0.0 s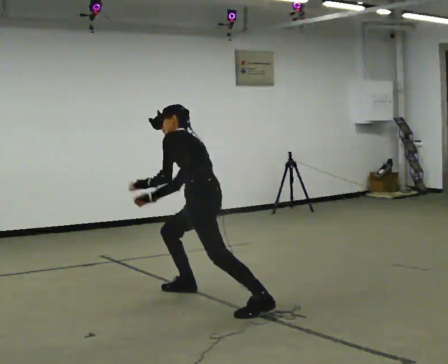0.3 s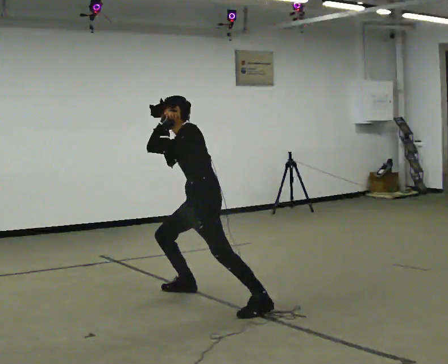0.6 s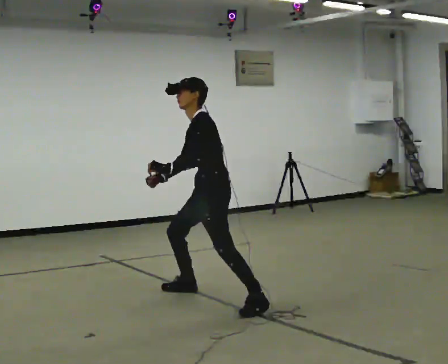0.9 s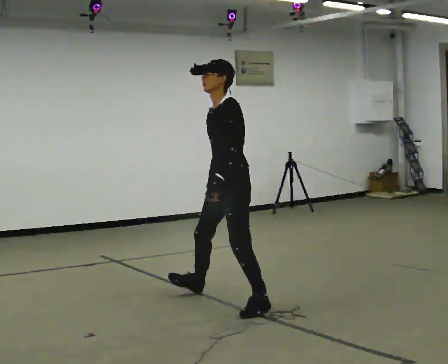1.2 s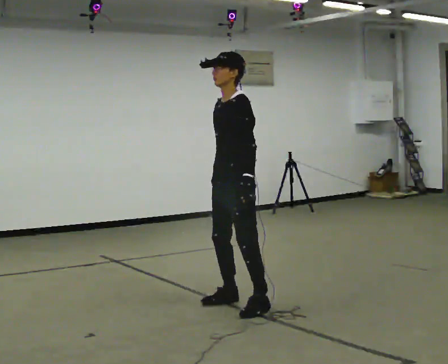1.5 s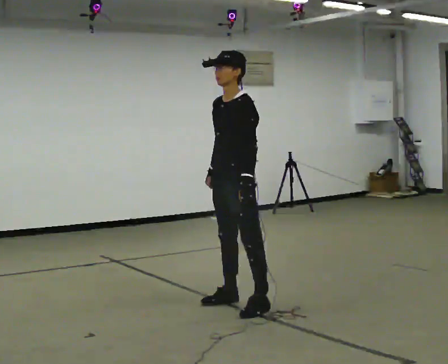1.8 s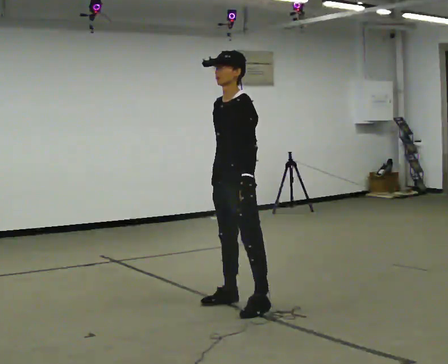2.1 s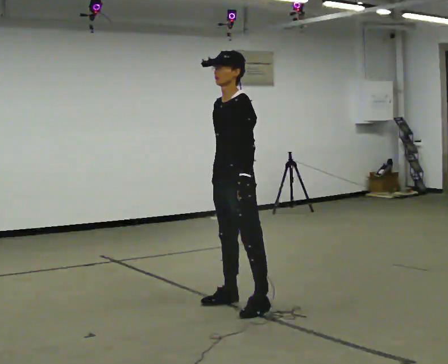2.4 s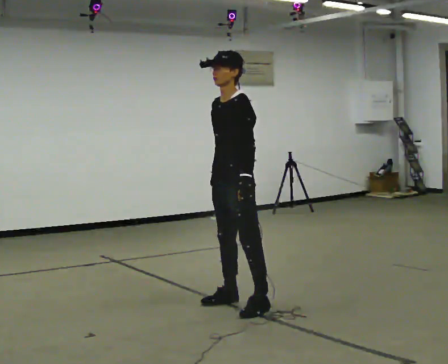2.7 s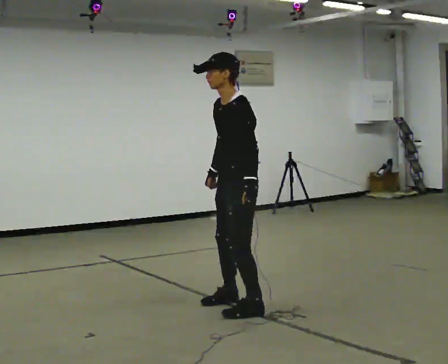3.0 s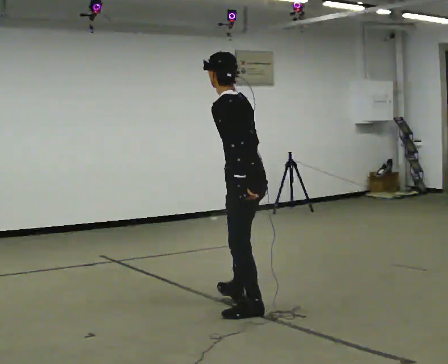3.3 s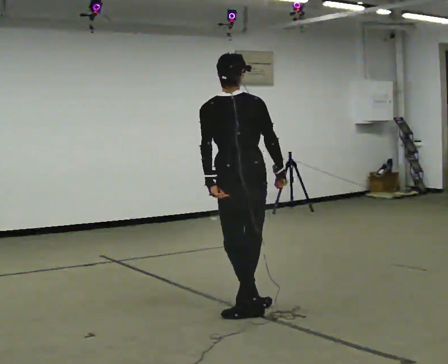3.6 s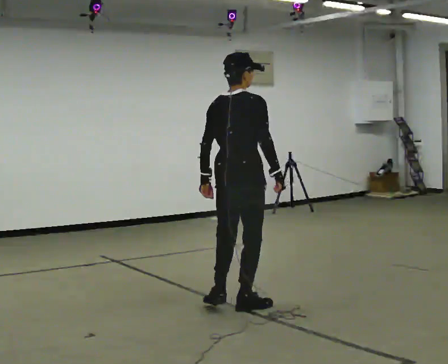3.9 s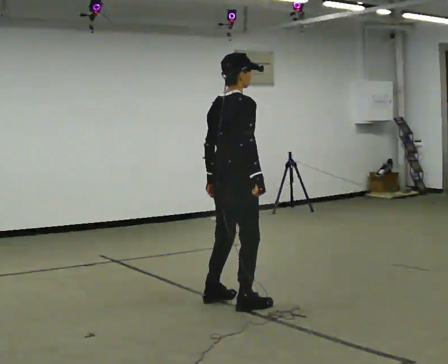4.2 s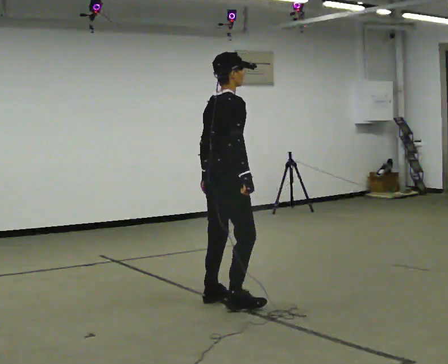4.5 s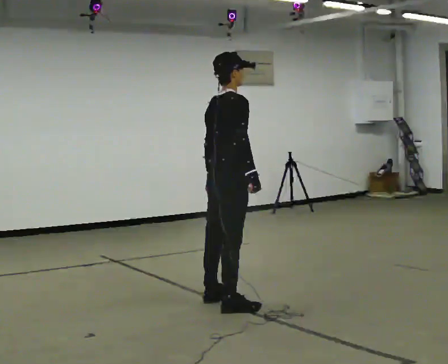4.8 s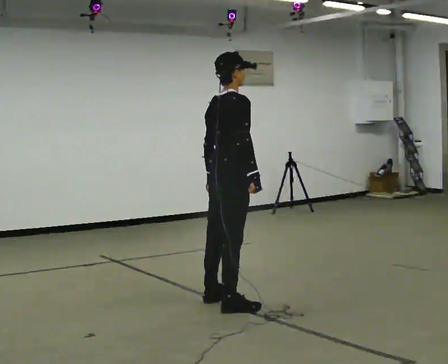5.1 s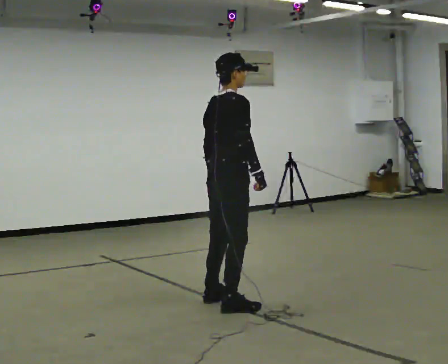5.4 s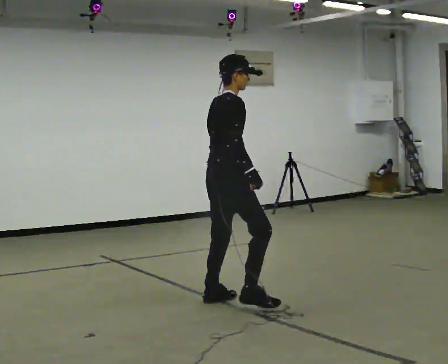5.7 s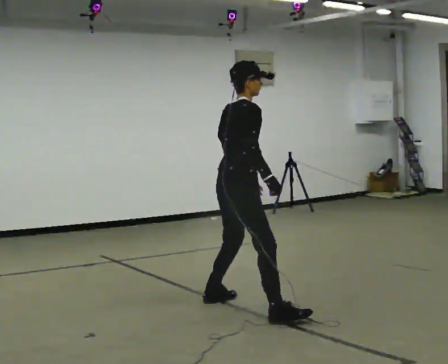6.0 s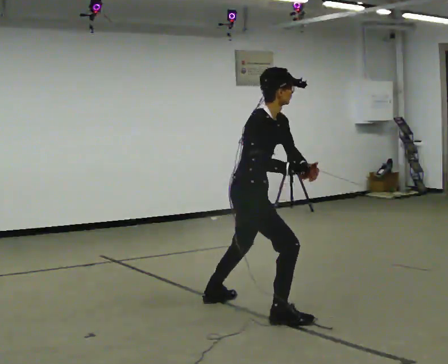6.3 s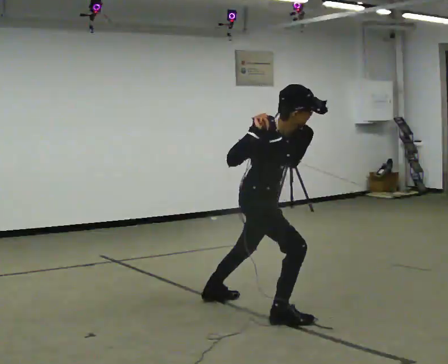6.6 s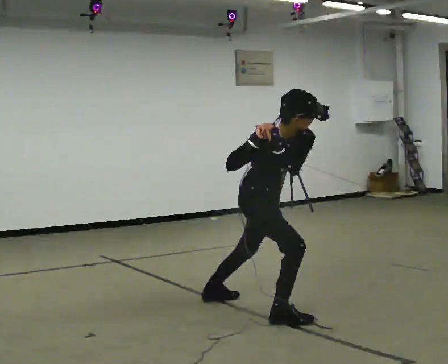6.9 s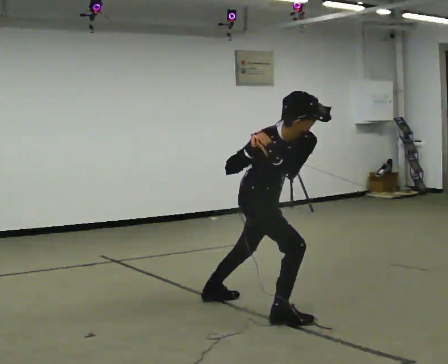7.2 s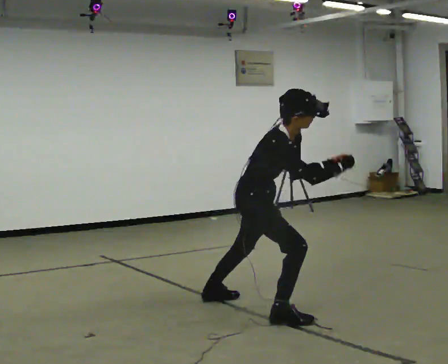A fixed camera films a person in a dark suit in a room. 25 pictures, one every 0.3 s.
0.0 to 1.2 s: Seen from above the body turns counterclockwise, about 45 degrees: to their left, with its near side sliding to the right. In the picture they go to the right and toward the camera, about 0.25 m in 1 step, which for them is to their left and backward. The shoulders move upward. The upper body tips toward the camera, its near side rolling downward, as they lean back or straighten.
1.2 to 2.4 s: The person moves a little, or ends about where they began.
2.4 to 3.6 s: The person turns about 150 degrees to their right, clockwise seen from above, so the part of the body nearest the lens slides to the left. In the picture their right hand goes to the right.
3.6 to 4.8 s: The person moves a little, or ends about where they began.
4.8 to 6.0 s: The part of the body nearest the lens slides to the left as the person turns to their right by about 45 degrees. In the picture they go toward the camera and to the right, about 0.25 m in 1 step, which for them is to their right. In the picture the upper body tilts clockwise, shoulders to the right. In the picture their left hand goes to the right, the arm swinging counterclockwise.
6.0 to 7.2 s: The person moves a little, or ends about where they began.
The film runs forward here.
